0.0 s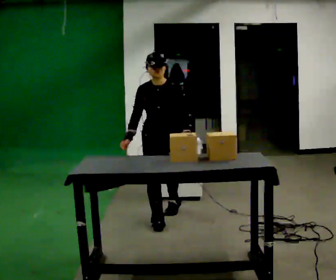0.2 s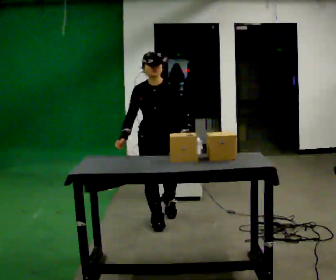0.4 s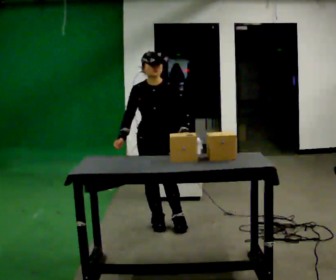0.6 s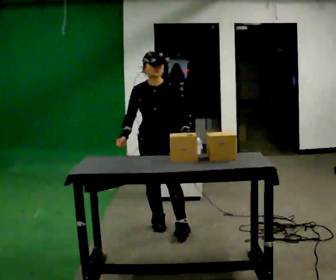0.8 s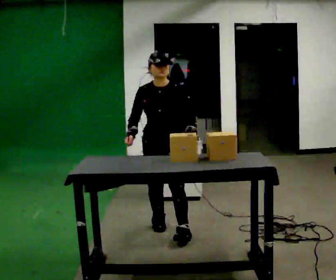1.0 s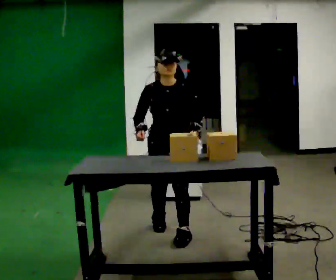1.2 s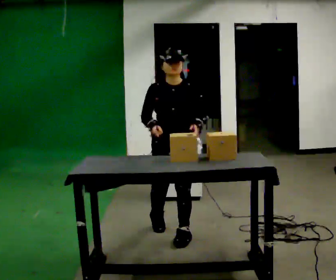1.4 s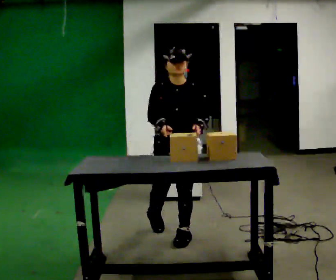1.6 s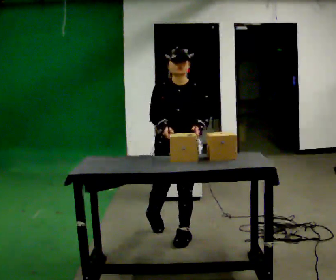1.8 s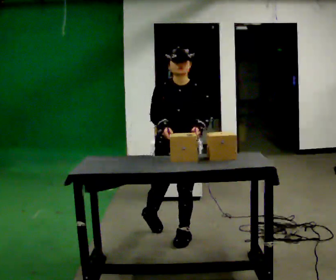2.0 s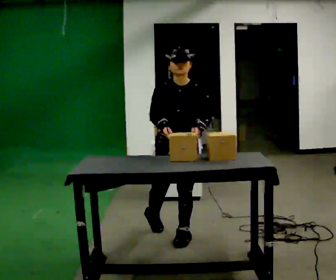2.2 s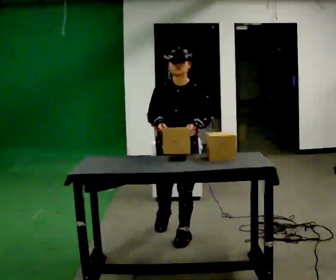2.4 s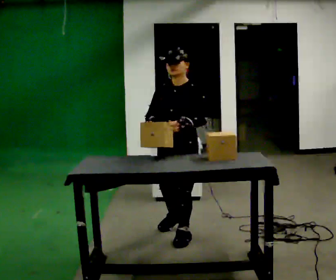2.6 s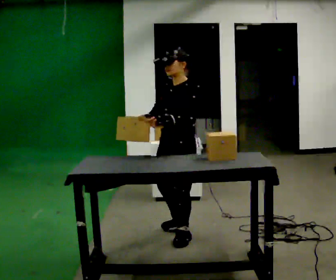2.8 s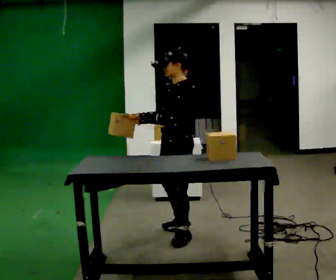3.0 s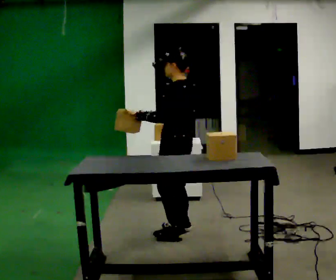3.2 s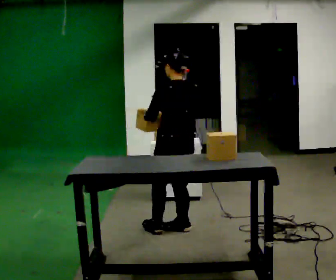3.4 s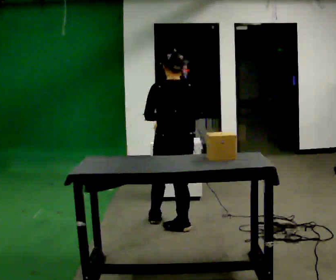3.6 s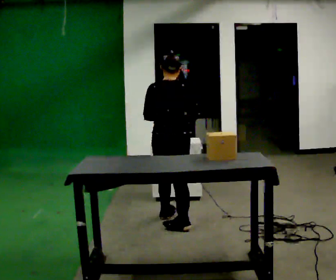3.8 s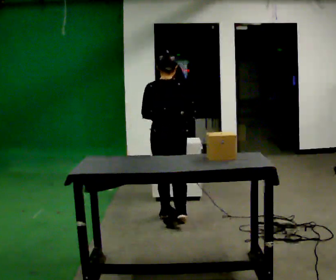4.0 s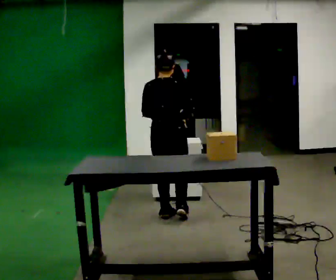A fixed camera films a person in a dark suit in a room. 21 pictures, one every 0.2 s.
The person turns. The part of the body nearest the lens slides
to the left.
The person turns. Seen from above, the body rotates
clockwise.
0.0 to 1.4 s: In the picture they go toward the camera, about 0.5 m in 1 step, which for them is forward.
1.4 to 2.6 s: The part of the body nearest the lens slides to the left as the person turns to their right by about 60 degrees.
2.6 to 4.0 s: The person turns about 135 degrees to their right, clockwise seen from above, so the part of the body nearest the lens slides to the left. In the picture they go away from the camera, about 0.5 m in 1 step.
The film runs forward here.
